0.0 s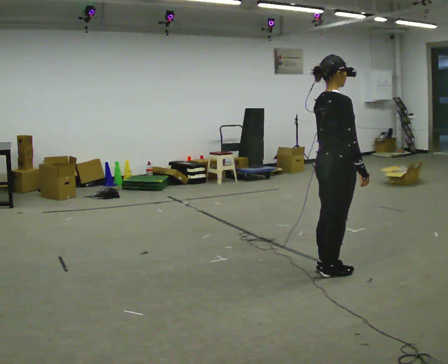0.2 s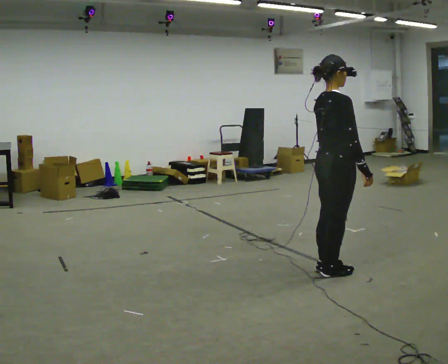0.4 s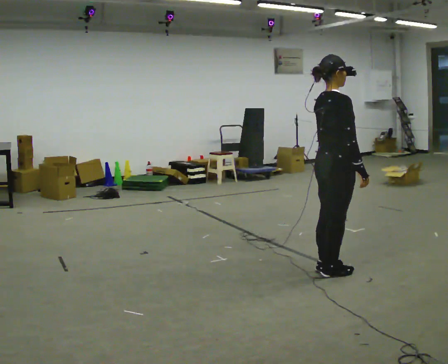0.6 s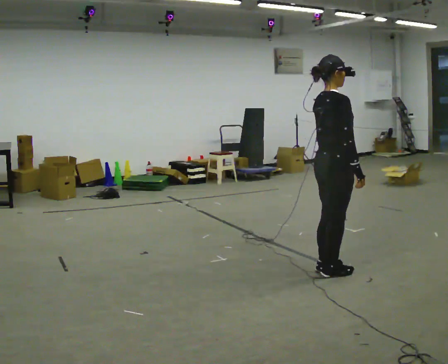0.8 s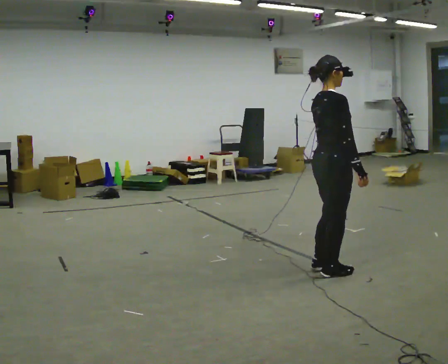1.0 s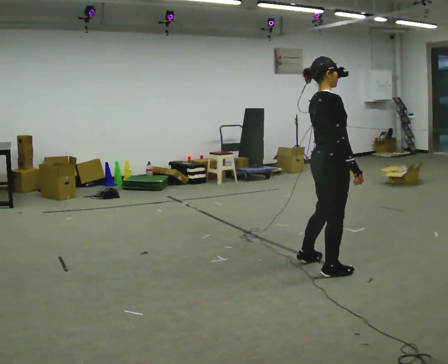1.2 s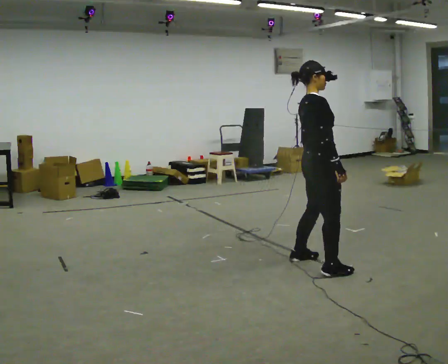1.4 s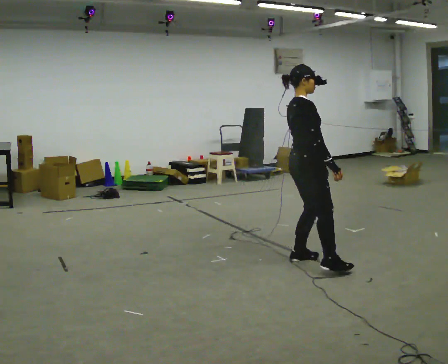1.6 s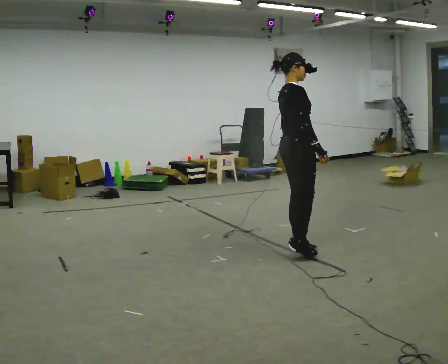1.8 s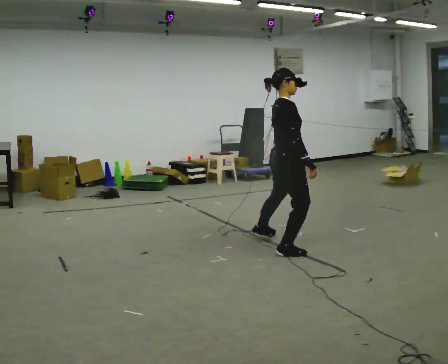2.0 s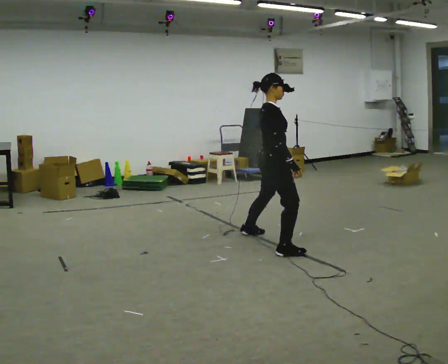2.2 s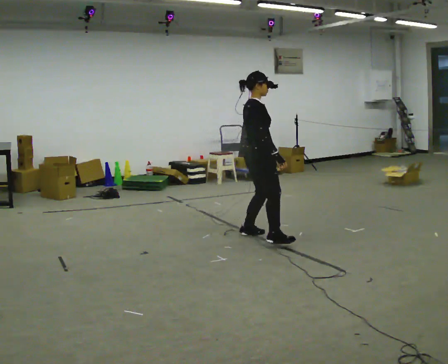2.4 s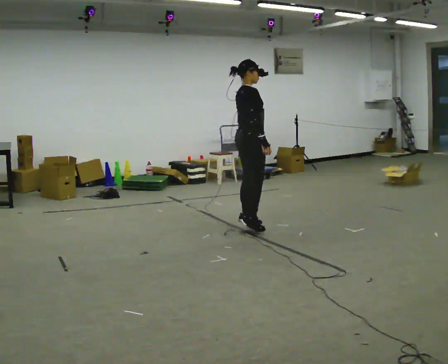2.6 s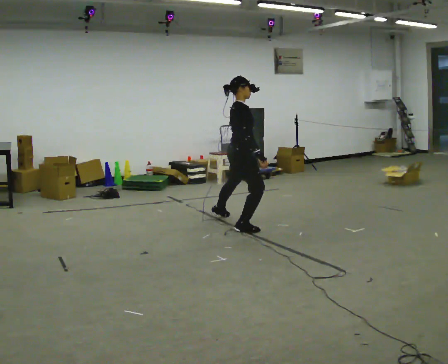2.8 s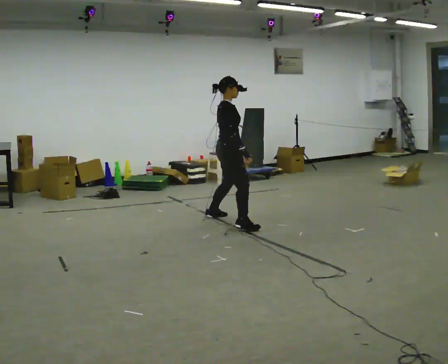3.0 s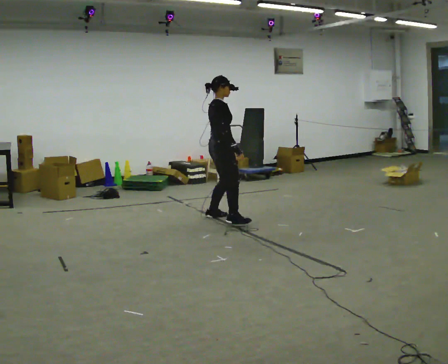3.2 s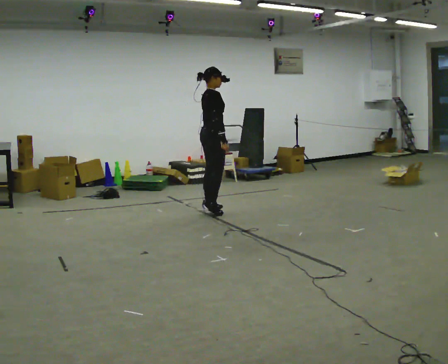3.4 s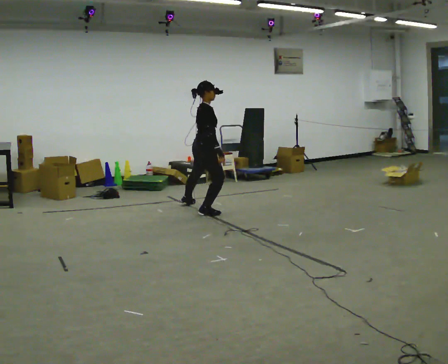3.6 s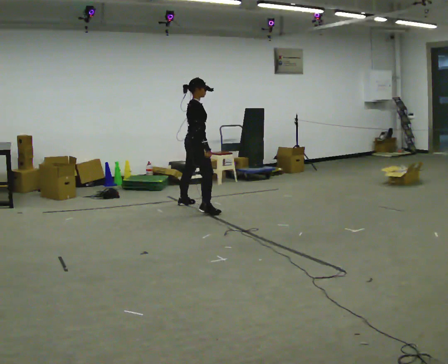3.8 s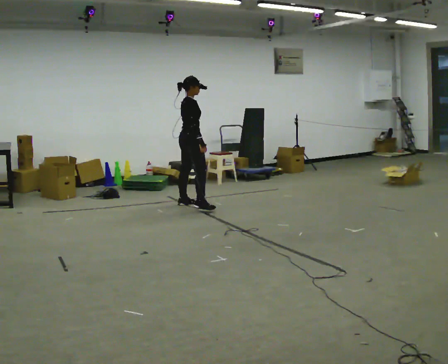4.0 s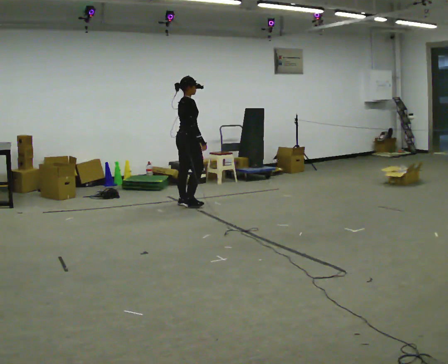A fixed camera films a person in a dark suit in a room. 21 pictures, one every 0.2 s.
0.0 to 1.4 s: In the picture they go away from the camera and to the left, about 0.25 m in 2 steps, which for them is to their left.
1.4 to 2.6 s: In the picture they go away from the camera and to the left, about 1 m in 3 steps, which for them is to their left.
2.6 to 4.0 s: In the picture they go away from the camera and to the left, about 1.5 m in 3 steps, which for them is to their left.
The film runs backward here.
